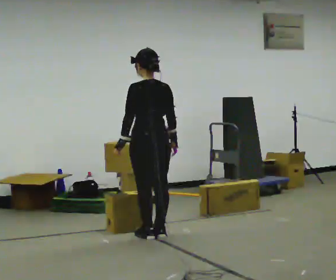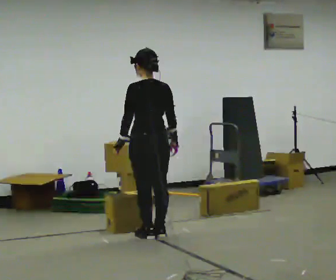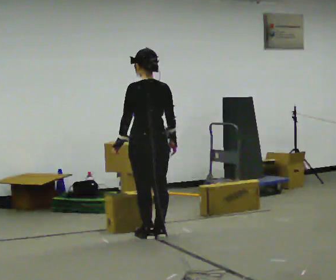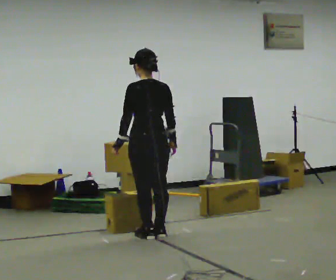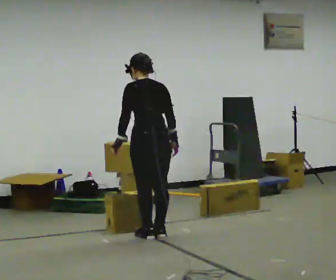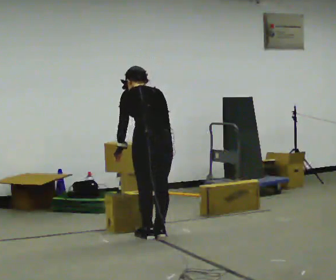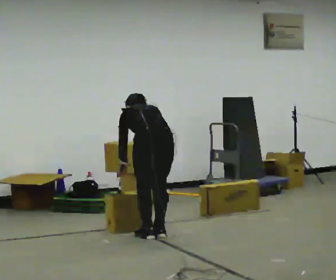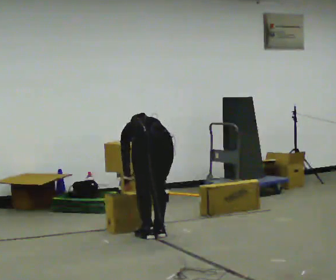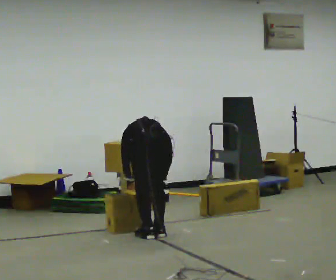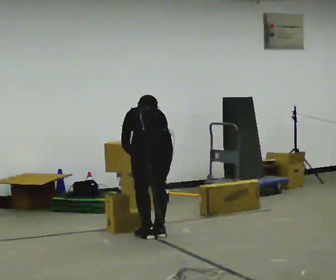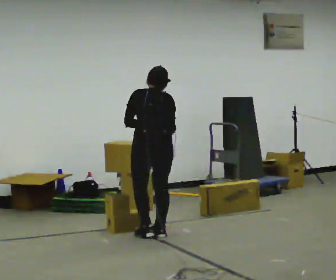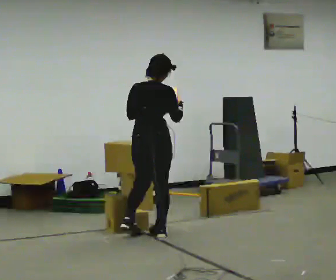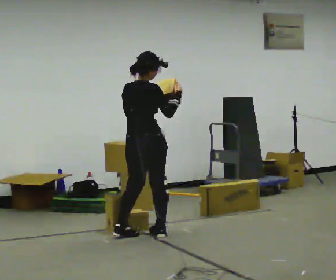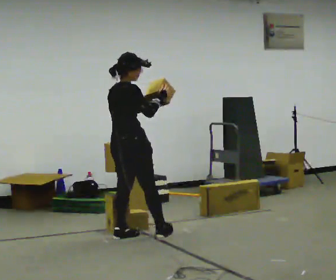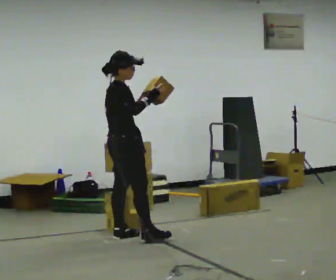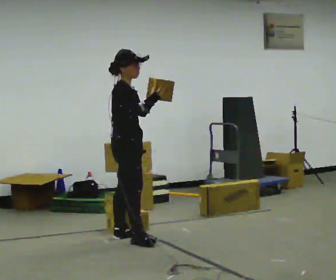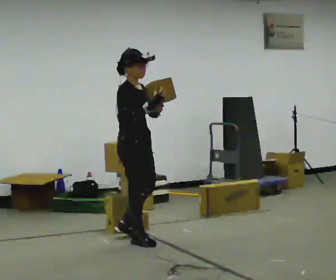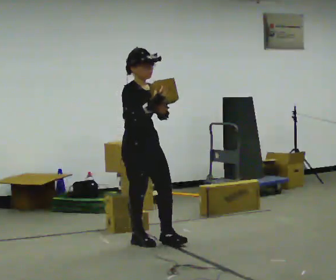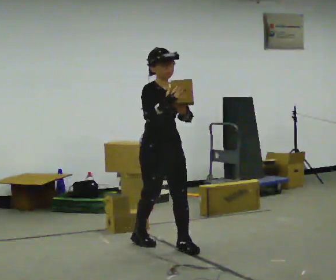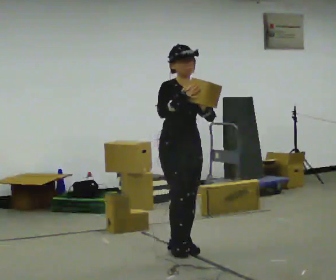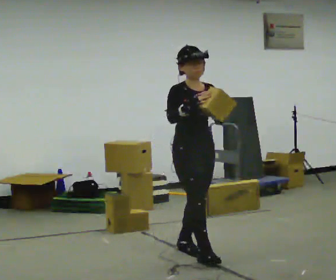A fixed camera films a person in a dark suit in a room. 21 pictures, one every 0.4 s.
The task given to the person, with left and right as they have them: Carry the box and, while you are still walking, turn it so you can read the label, read it out loud, then carry on. Repeat with the next box. Do not stop to read it.
0.0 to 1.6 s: The person moves a little, or ends about where they began.
1.6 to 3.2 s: The shoulders move downward. The upper body tips away from the camera, its near side rolling upward, as they bend forward. In the picture their right hand goes downward.
3.2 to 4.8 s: The person turns about 45 degrees to their right, clockwise seen from above, so the part of the body nearest the lens slides to the left. The shoulders move upward. The upper body tips toward the camera, its near side rolling downward, as they lean back or straighten. In the picture their right hand goes upward.
4.8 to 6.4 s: Seen from above the body turns clockwise, about 75 degrees: to their right, with its near side sliding to the left. In the picture they go toward the camera, about 0.25 m in 1 step.
6.4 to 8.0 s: The person turns about 30 degrees to their right, clockwise seen from above, so the part of the body nearest the lens slides to the left. In the picture they go to the right and toward the camera, about 0.75 m in 2 steps, which for them is forward.
The film runs forward here.
